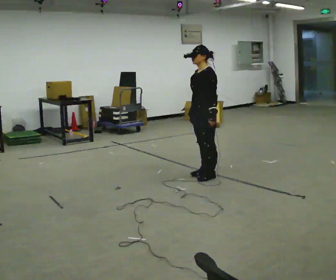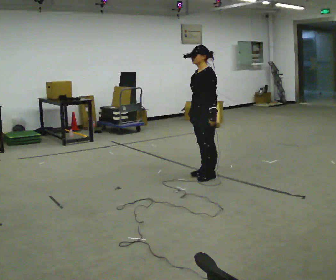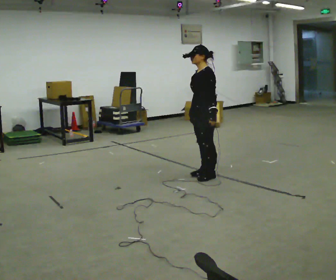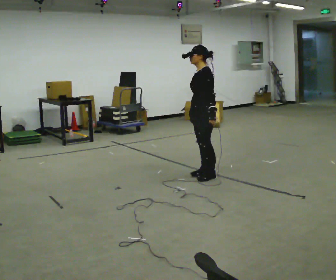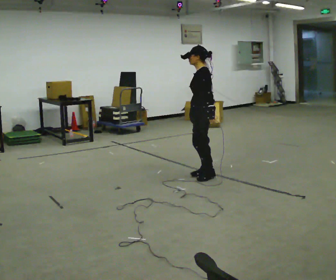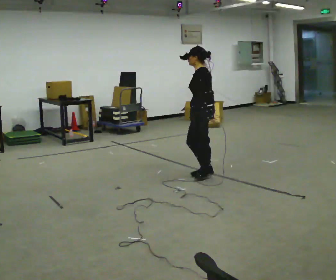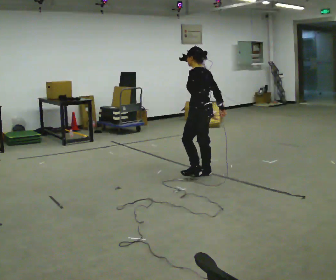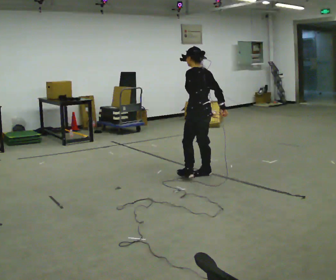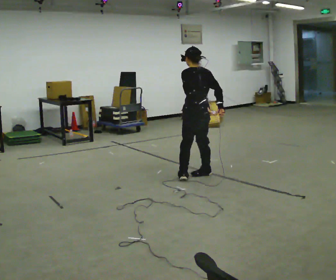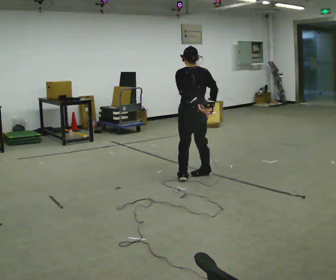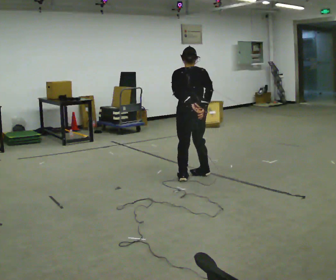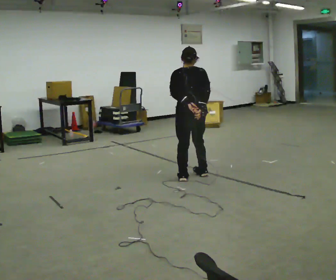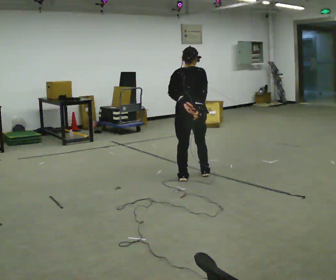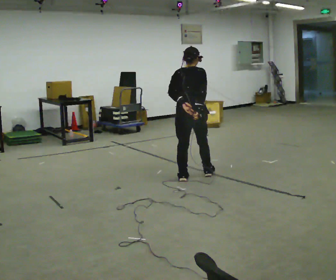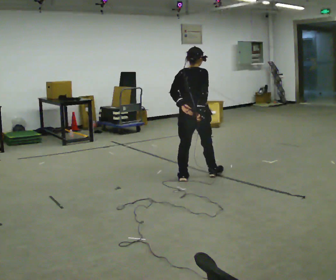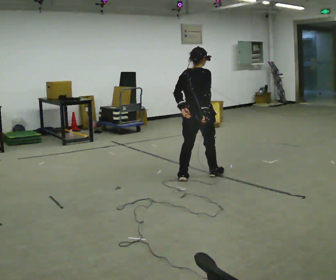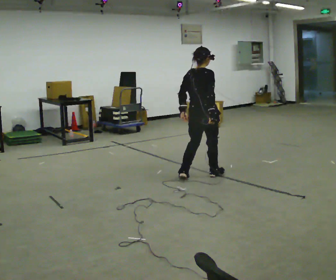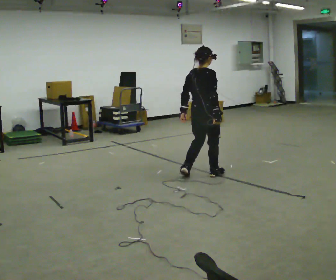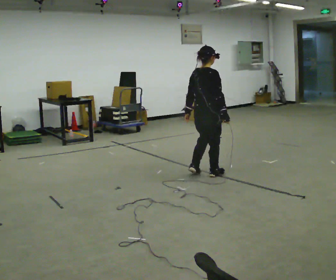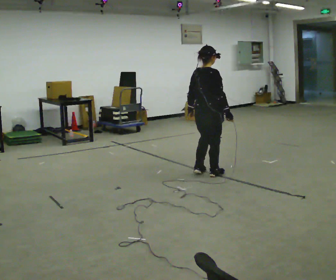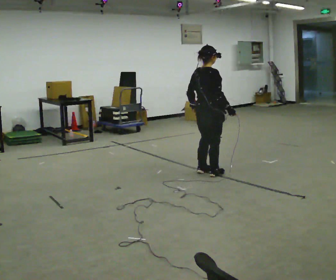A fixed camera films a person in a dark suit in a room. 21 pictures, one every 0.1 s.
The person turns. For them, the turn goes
to their right.
The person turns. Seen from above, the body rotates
clockwise.
0.0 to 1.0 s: The person turns about 105 degrees to their right, clockwise seen from above, so the part of the body nearest the lens slides to the left.
1.0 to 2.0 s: Seen from above the body turns clockwise, about 60 degrees: to their right, with its near side sliding to the left. In the picture they go to the right, about 0.25 m in 1 step, which for them is forward.
The film runs forward here.
